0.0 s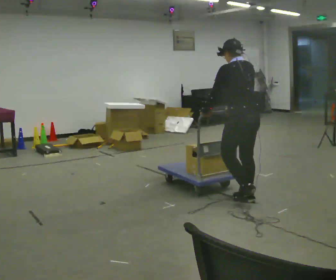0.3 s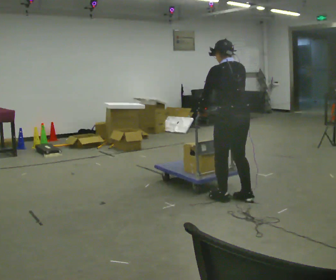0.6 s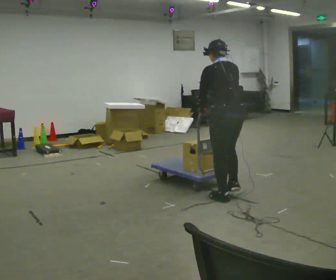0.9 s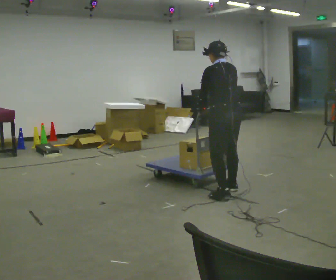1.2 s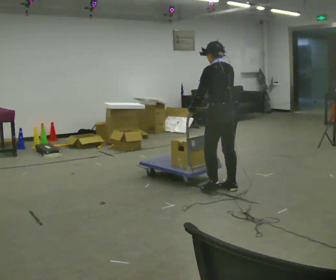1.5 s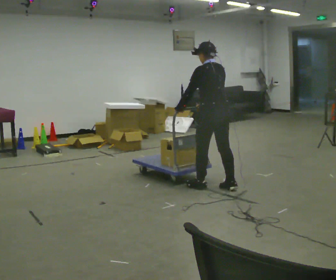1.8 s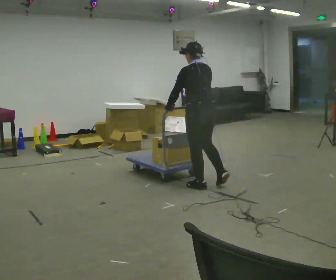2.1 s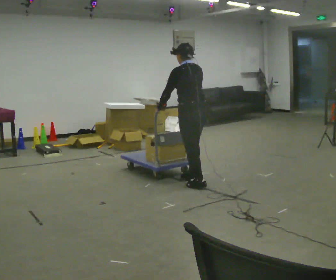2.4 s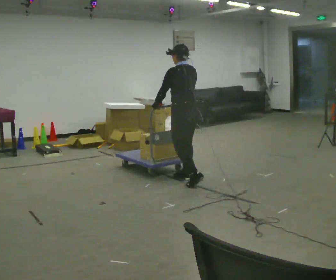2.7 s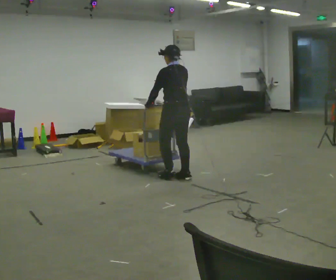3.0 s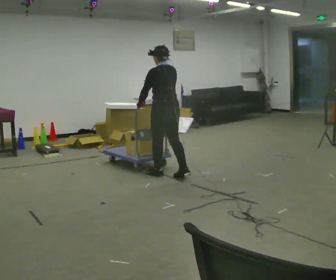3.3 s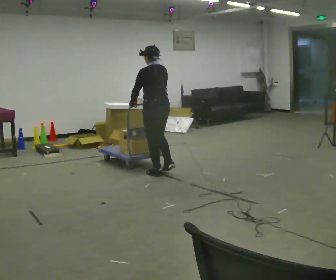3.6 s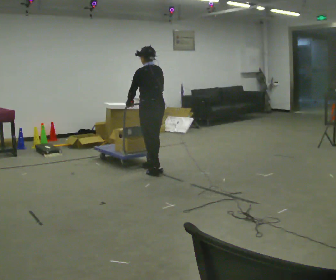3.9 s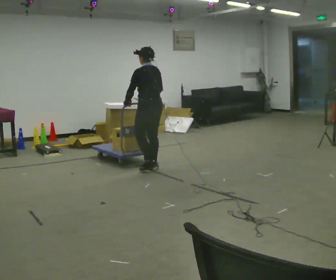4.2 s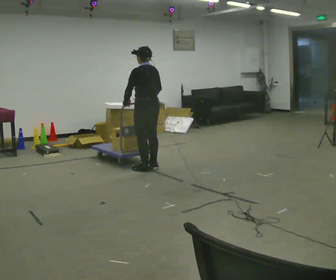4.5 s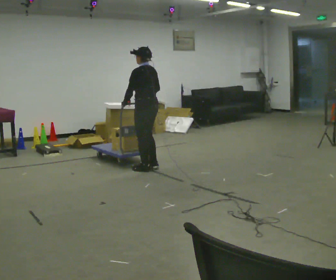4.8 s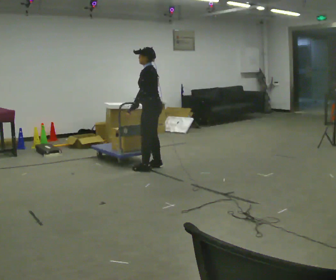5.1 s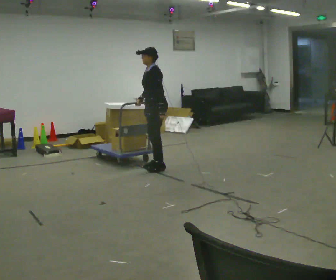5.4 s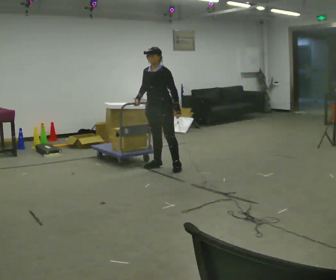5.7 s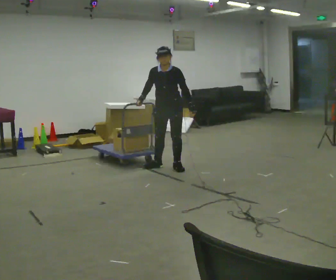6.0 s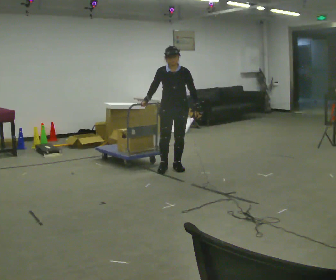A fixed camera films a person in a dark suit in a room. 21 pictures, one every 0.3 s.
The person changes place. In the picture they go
away from the camera.
The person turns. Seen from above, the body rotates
counterclockwise.
0.0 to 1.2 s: In the picture they go away from the camera and to the left, about 0.5 m in 2 steps, which for them is forward.
1.2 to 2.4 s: In the picture they go to the left and away from the camera, about 0.5 m in 2 steps, which for them is forward.
2.4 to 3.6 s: In the picture they go to the left and away from the camera, about 0.5 m in 2 steps, which for them is forward.
3.6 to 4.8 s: Seen from above the body turns counterclockwise, about 45 degrees: to their left, with its near side sliding to the right. In the picture they go away from the camera, about 0.25 m in 1 step, which for them is to their right.
4.8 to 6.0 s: The person turns about 90 degrees to their left, counterclockwise seen from above, so the part of the body nearest the lens slides to the right. In the picture they go to the right, about 0.25 m in 1 step.
The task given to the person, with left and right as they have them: Push the cart across the room and back. The operator will change how much is loaded on it between takes and will tell you each time.
The film runs forward here.
